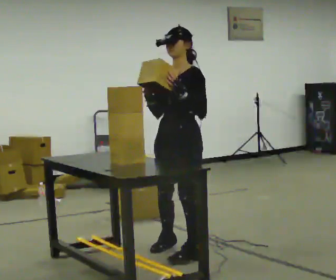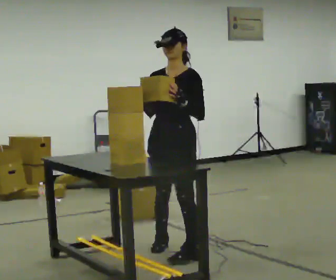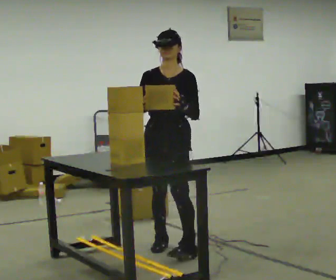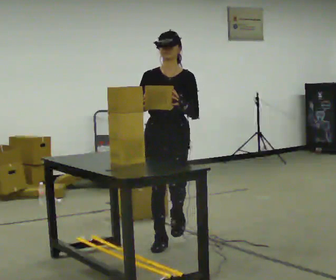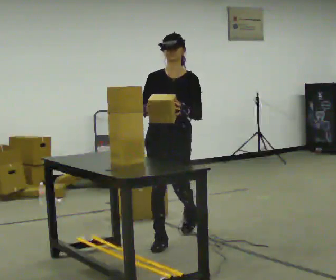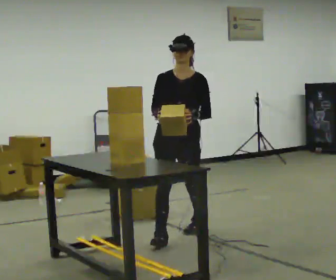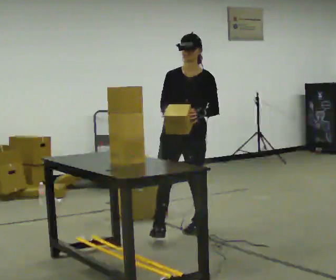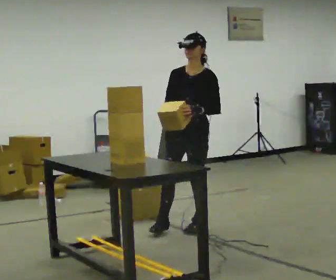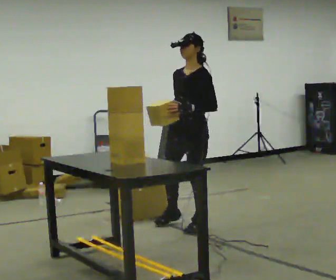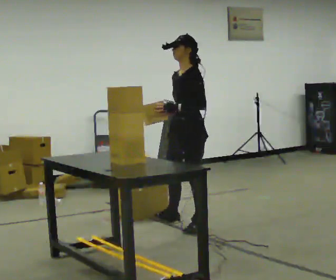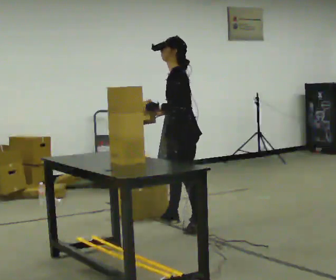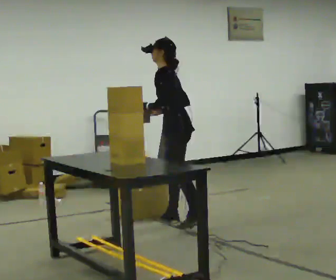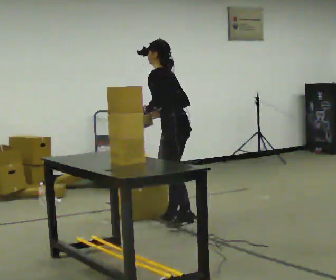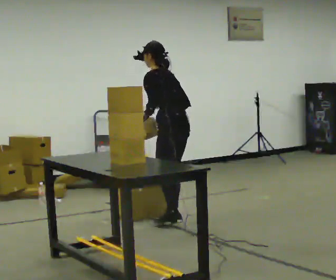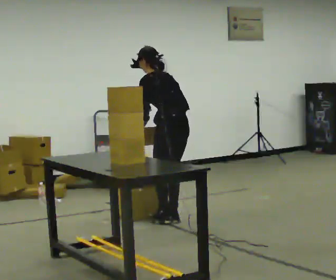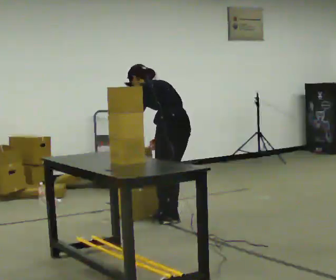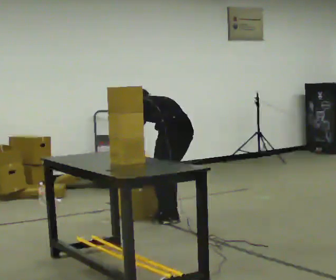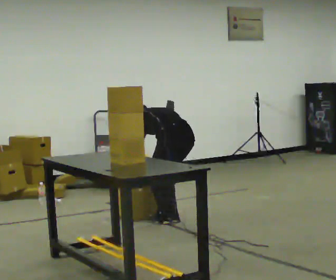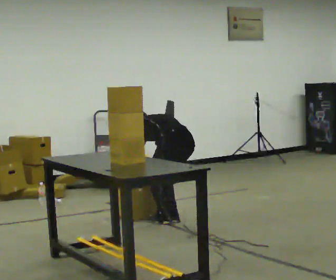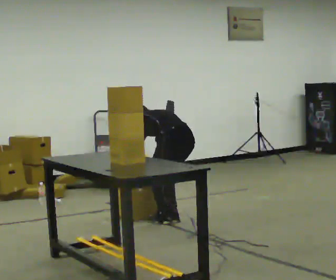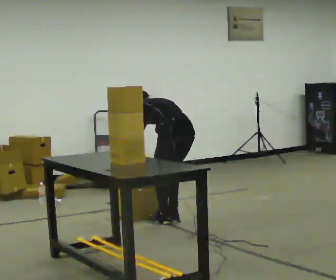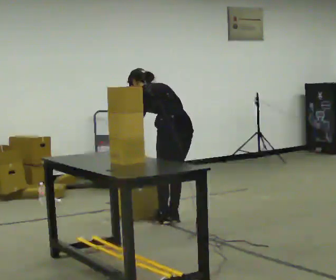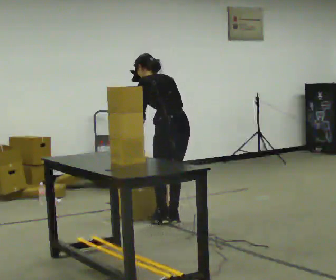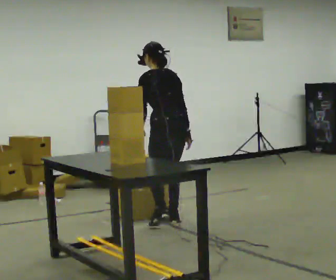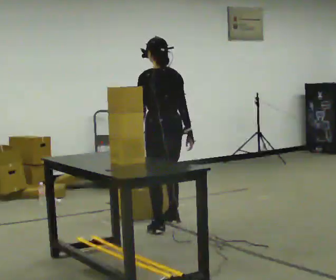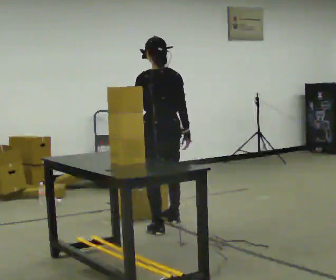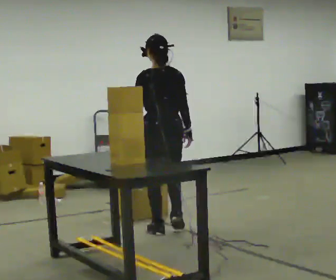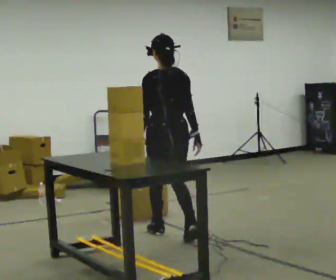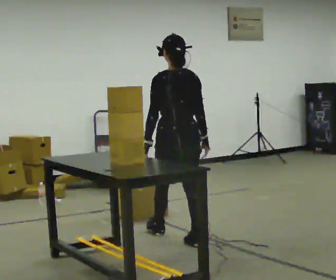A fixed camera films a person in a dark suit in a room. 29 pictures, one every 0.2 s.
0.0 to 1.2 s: Seen from above the body turns counterclockwise, about 30 degrees: to their left, with its near side sliding to the right. In the picture they go away from the camera, about 0.75 m in 2 steps, which for them is backward.
1.2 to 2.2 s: The part of the body nearest the lens slides to the left as the person turns to their right by about 75 degrees. In the picture they go away from the camera, about 0.25 m. In the picture the upper body tilts counterclockwise, shoulders to the left, as they bend forward.
2.2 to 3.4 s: The part of the body nearest the lens slides to the left as the person turns to their right by about 45 degrees. The upper body goes downward. The upper body tips away from the camera, its near side rolling upward, as they bend forward. In the picture their left hand goes downward.
3.4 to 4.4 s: In the picture the upper body tilts clockwise, shoulders to the right, as they lean back or straighten. In the picture their right hand goes upward.
4.4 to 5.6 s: In the picture they go toward the camera, about 0.5 m in 1 step, which for them is backward. The upper body tips toward the camera, its near side rolling downward, as they lean back or straighten.
The film runs backward here.
